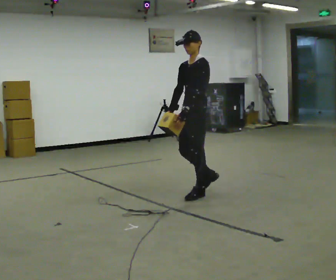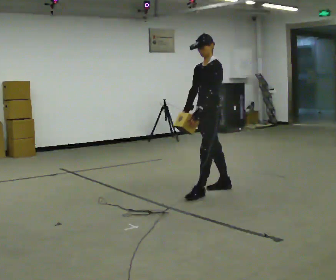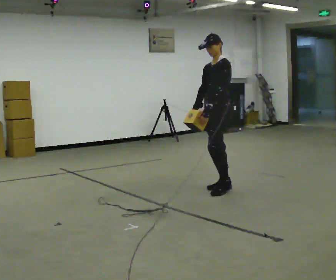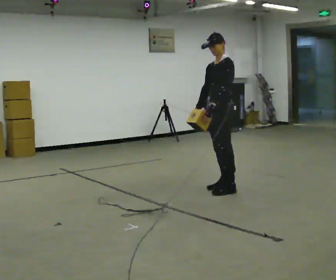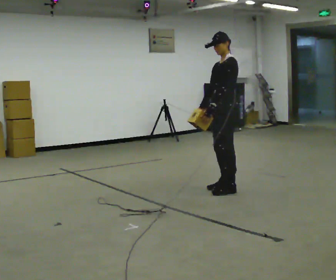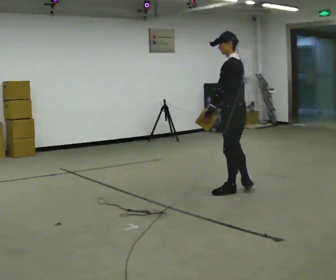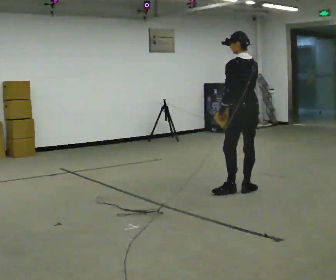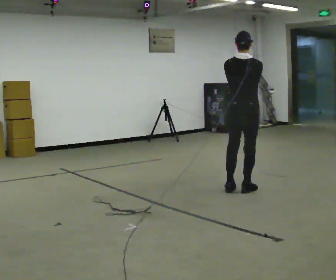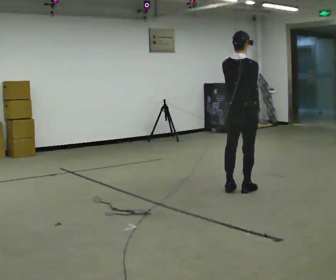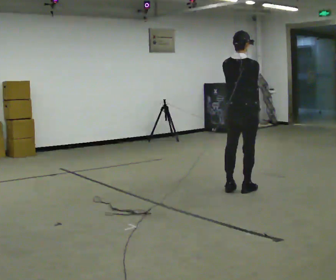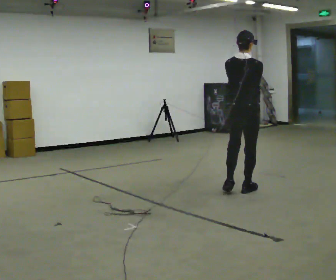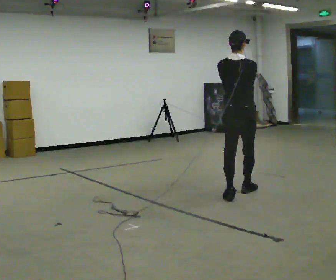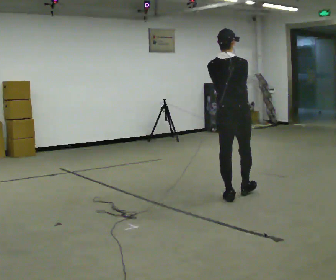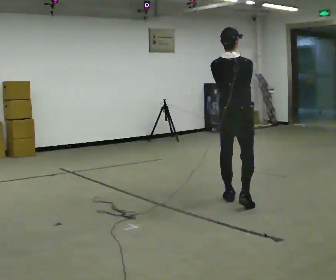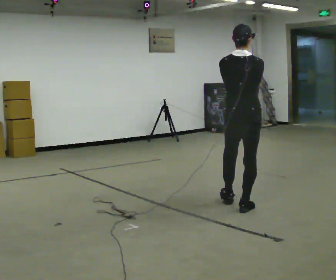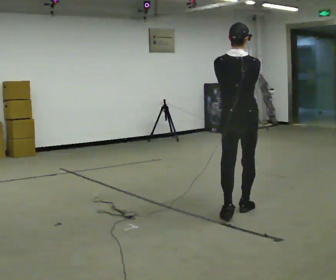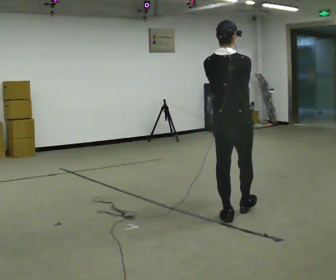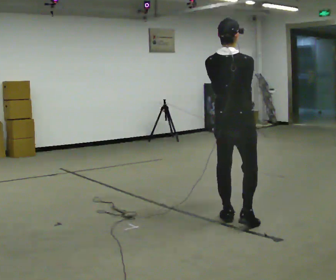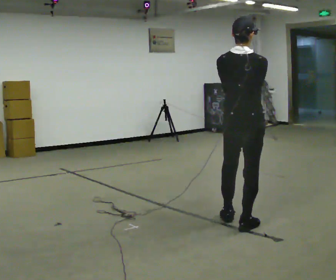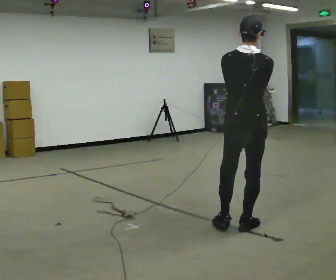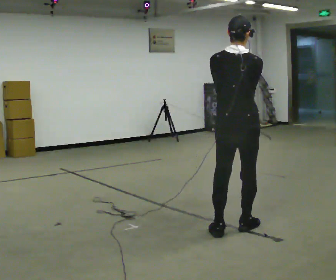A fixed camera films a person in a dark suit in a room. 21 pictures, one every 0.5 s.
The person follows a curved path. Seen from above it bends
clockwise.
0.0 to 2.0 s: In the picture they go to the right and away from the camera, about 0.5 m in 1 step, which for them is backward.
2.0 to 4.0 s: The person turns about 135 degrees to their right, clockwise seen from above, so the part of the body nearest the lens slides to the left. In the picture their right hand goes to the right, the arm swinging counterclockwise.
4.0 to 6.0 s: In the picture they go toward the camera, about 0.25 m in 2 steps, which for them is backward.
6.0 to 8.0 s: In the picture they go toward the camera, about 0.75 m in 2 steps, which for them is backward.
8.0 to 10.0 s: In the picture they go toward the camera, about 0.25 m in 1 step, which for them is backward.
The film runs backward here.
